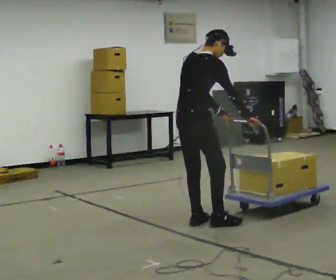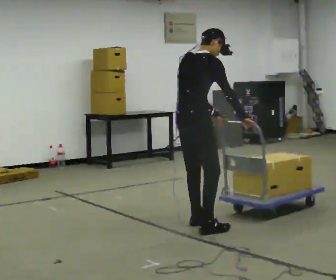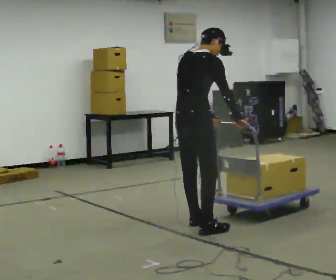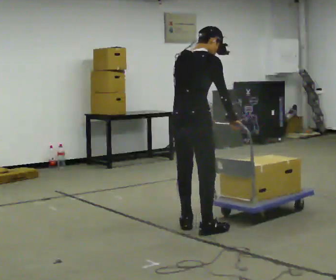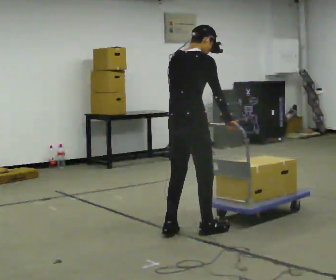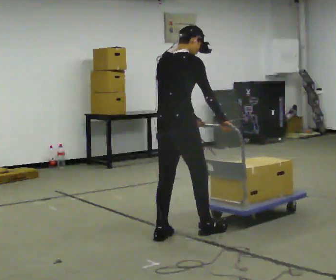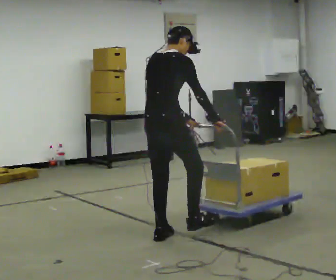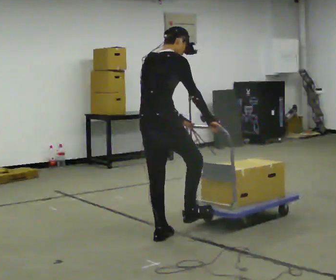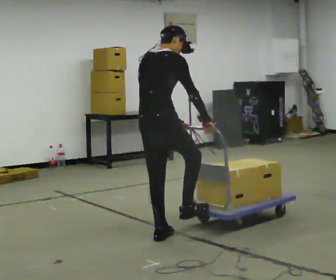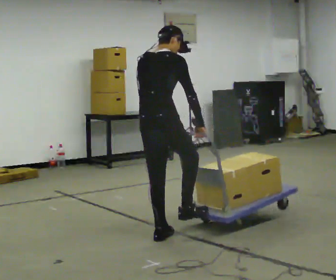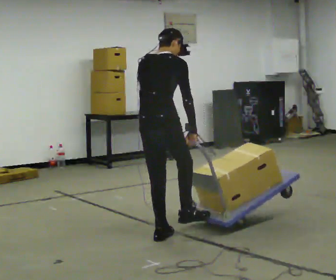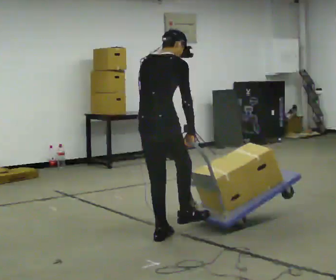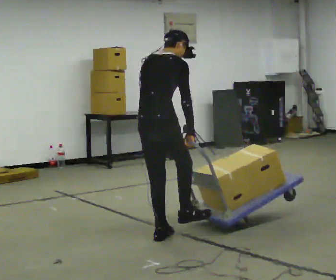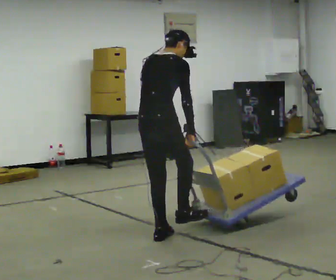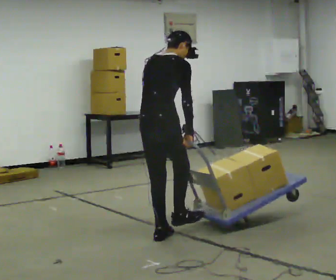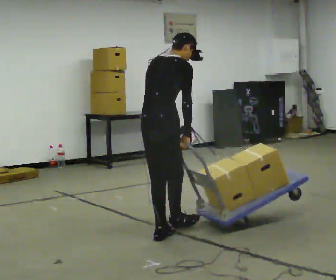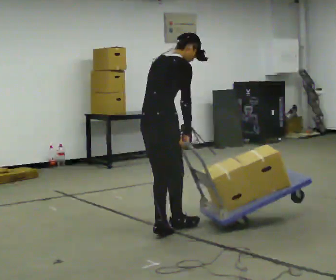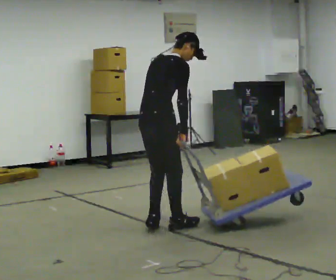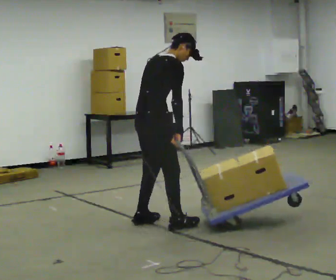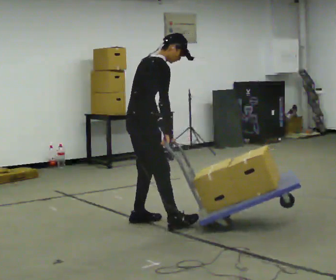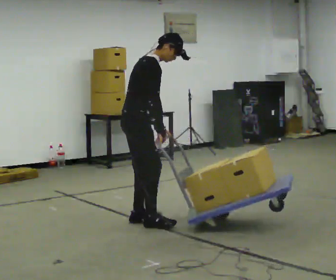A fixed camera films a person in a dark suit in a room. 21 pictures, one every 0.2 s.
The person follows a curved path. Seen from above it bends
clockwise.
0.0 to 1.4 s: In the picture they go toward the camera and to the left, about 0.5 m in 2 steps, which for them is backward.
1.4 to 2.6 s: The person moves a little, or ends about where they began.
2.6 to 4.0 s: The person turns about 45 degrees to their right, clockwise seen from above, so the part of the body nearest the lens slides to the left. In the picture they go away from the camera and to the left, about 0.5 m in 2 steps, which for them is to their left. The upper body tips toward the camera, its near side rolling downward.
The film runs forward here.
